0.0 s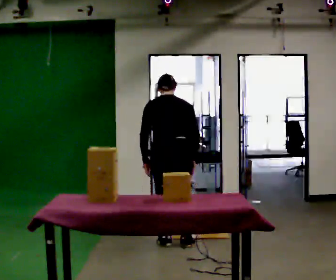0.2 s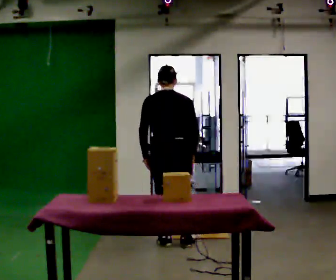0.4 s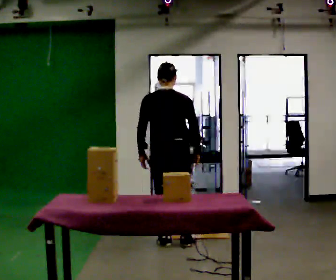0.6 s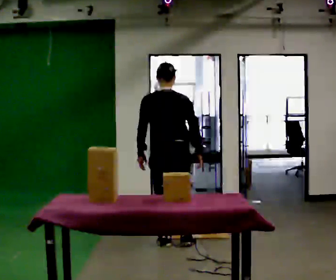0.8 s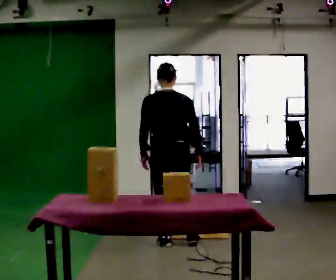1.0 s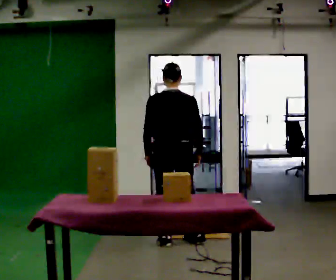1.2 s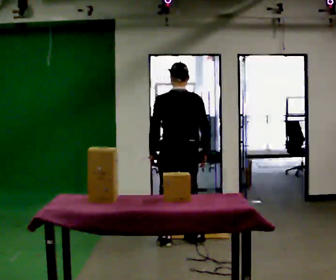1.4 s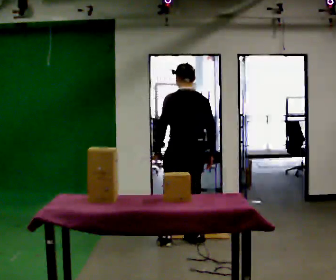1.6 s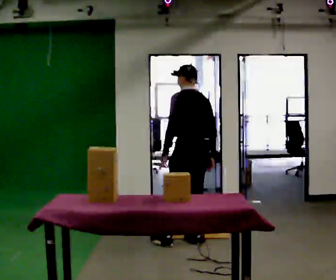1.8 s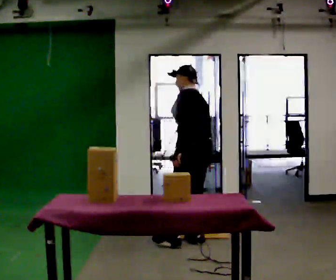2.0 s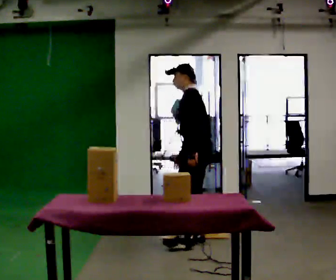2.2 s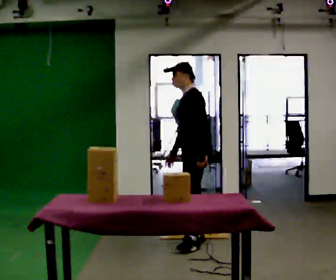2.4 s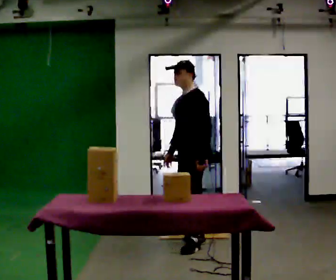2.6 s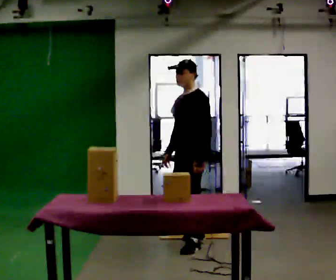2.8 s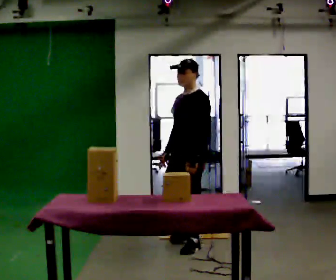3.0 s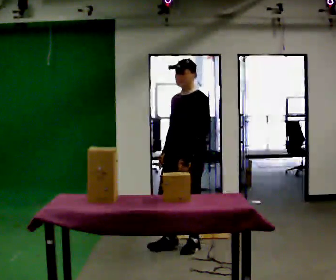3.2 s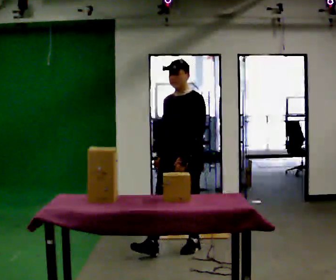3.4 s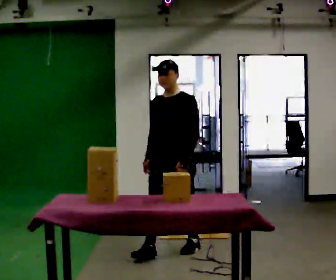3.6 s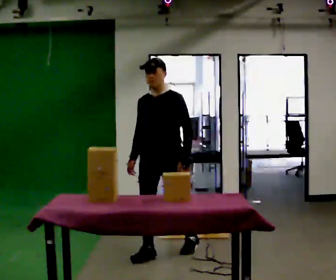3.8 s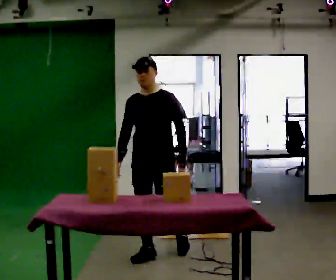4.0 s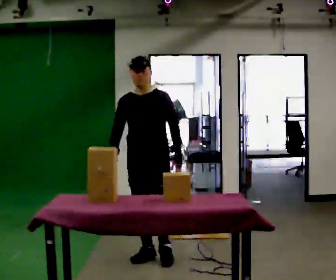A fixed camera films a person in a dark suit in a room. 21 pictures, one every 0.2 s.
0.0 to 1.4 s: The person turns about 30 degrees to their left, counterclockwise seen from above, so the part of the body nearest the lens slides to the right. The upper body tips toward the camera, its near side rolling downward, as they lean back or straighten.
1.4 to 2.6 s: The person turns about 90 degrees to their left, counterclockwise seen from above, so the part of the body nearest the lens slides to the right. In the picture their left hand goes to the right.
2.6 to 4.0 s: Seen from above the body turns counterclockwise, about 45 degrees: to their left, with its near side sliding to the right. In the picture they go toward the camera and to the left, about 0.5 m in 1 step, which for them is forward.
The film runs forward here.
